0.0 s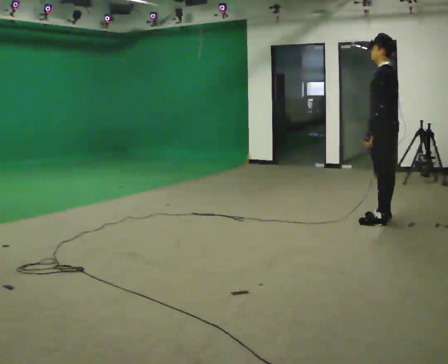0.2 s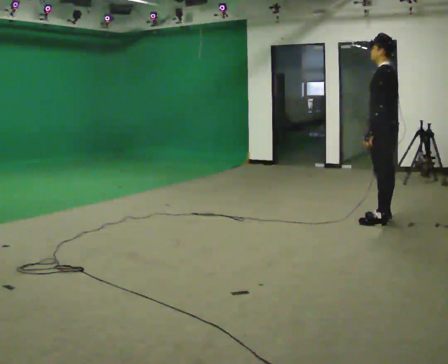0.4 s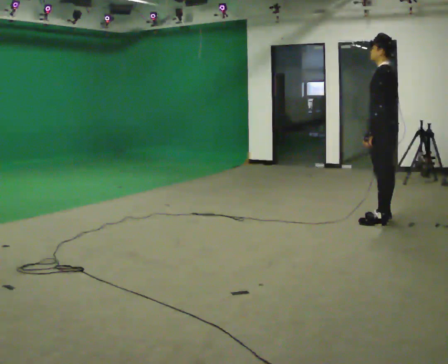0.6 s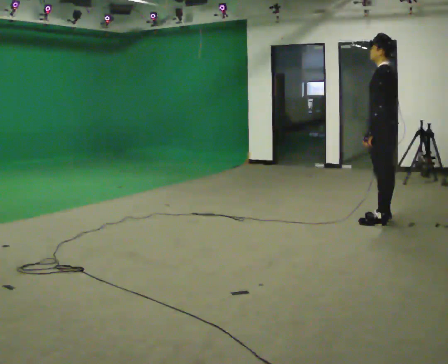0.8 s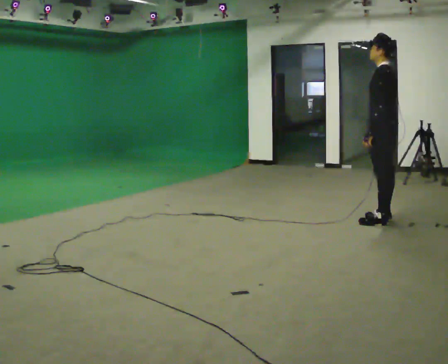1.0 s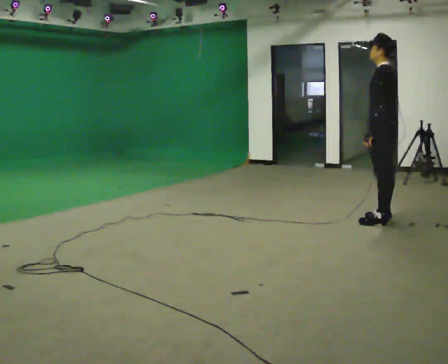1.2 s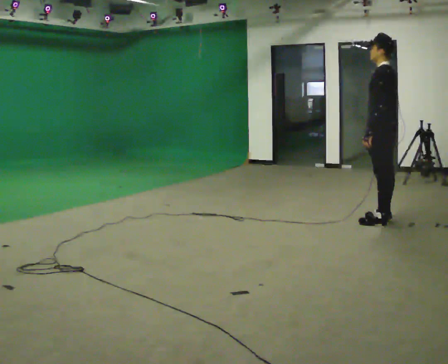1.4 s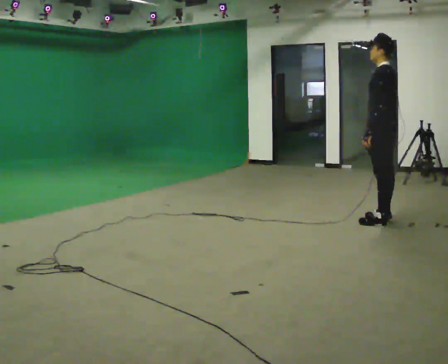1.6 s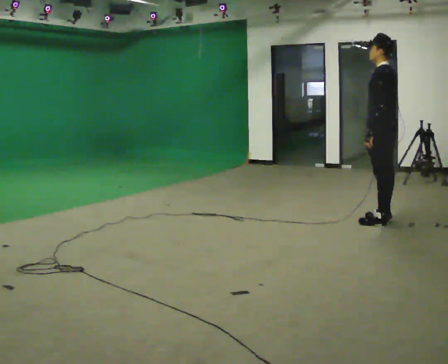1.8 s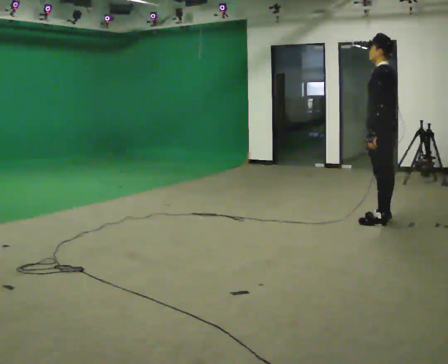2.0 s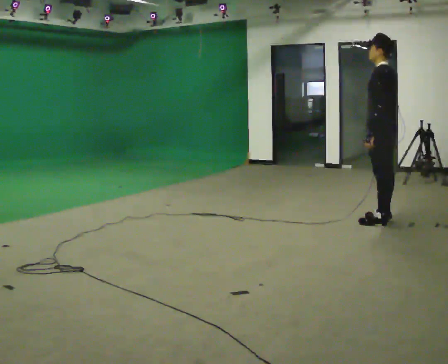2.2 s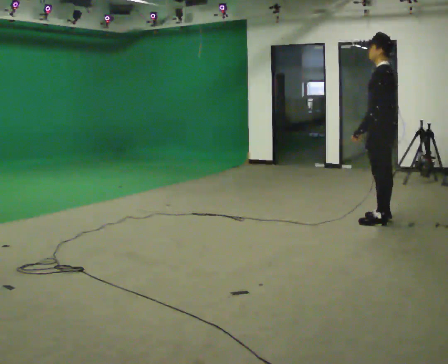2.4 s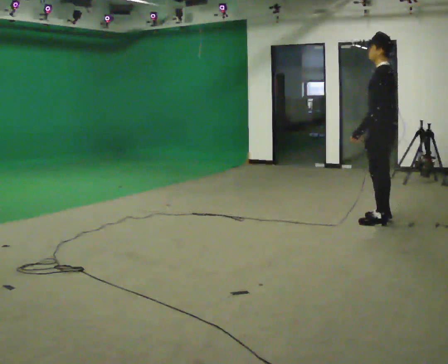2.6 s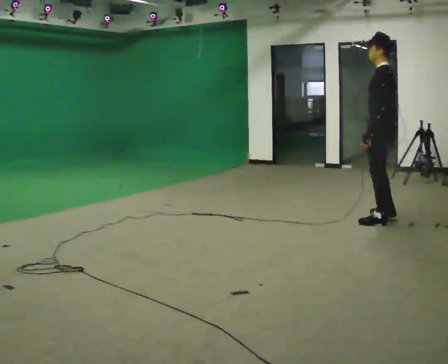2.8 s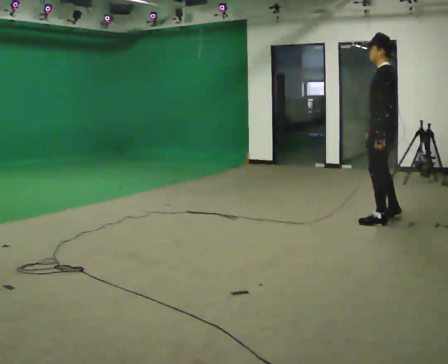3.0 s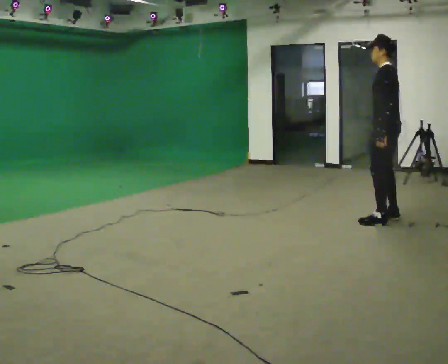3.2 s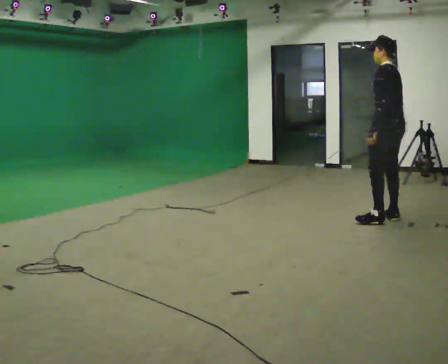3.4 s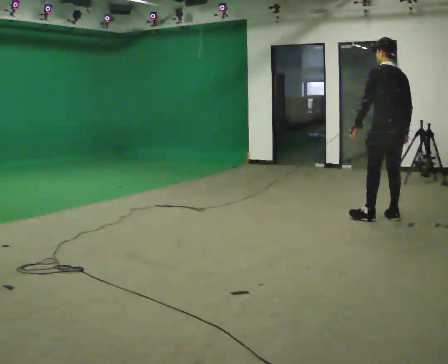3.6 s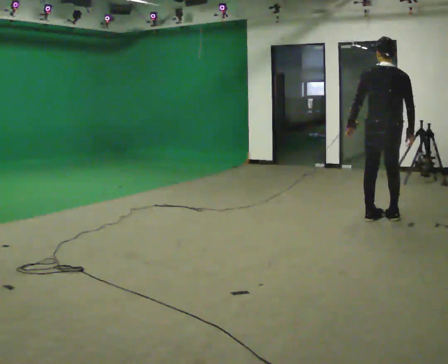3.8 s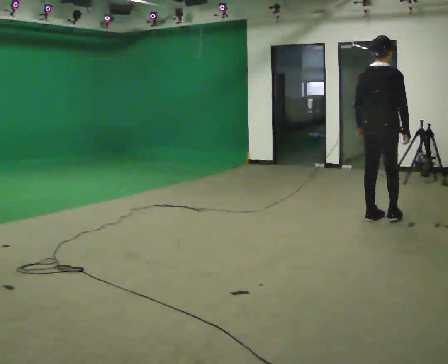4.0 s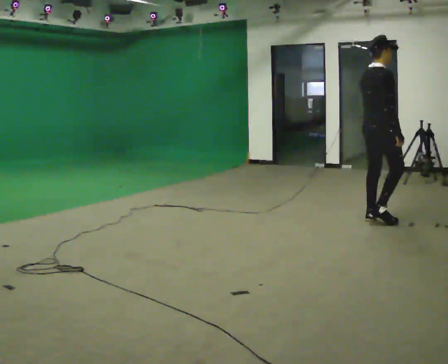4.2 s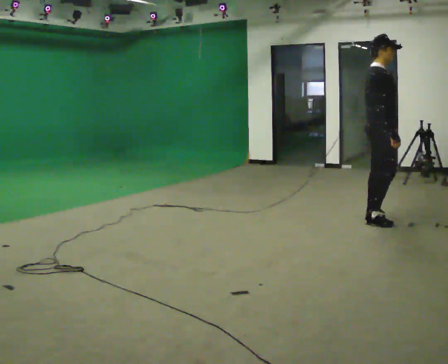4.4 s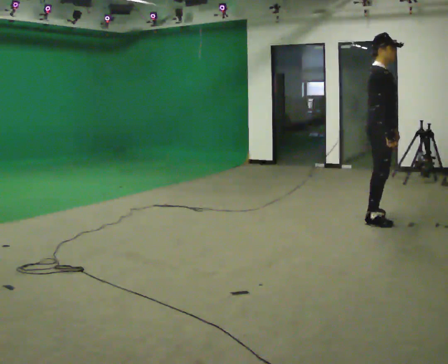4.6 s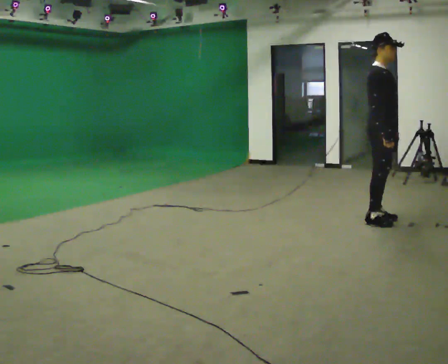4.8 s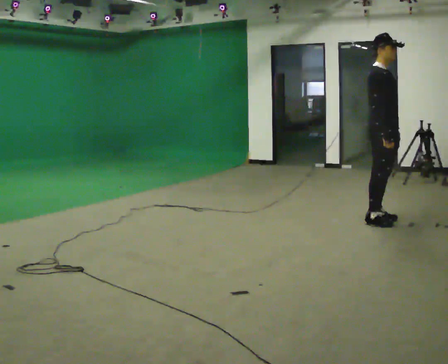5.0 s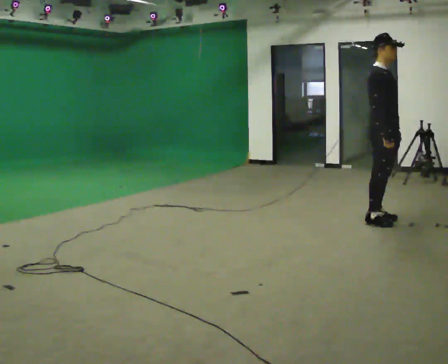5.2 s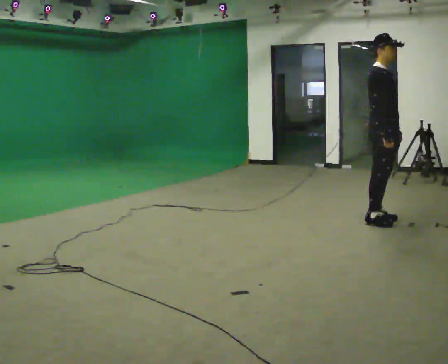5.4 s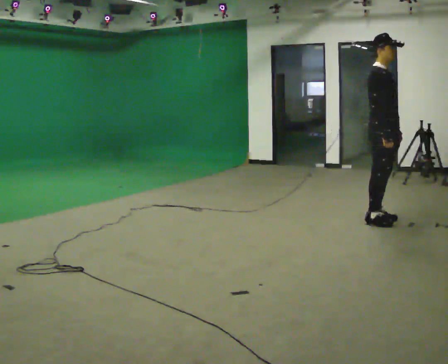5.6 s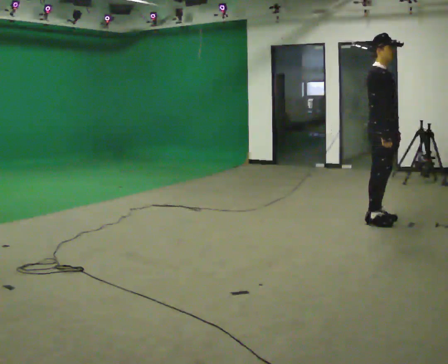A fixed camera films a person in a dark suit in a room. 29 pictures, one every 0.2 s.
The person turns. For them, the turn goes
to their right.
The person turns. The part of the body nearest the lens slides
to the left.
0.0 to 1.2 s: The person keeps their place and pose.
1.2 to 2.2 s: The person moves a little, or ends about where they began.
2.2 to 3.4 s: The person turns about 30 degrees to their right, clockwise seen from above, so the part of the body nearest the lens slides to the left.
3.4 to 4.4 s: Seen from above the body turns clockwise, about 120 degrees: to their right, with its near side sliding to the left.
4.4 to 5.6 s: The person moves a little, or ends about where they began.
The film runs backward here.
